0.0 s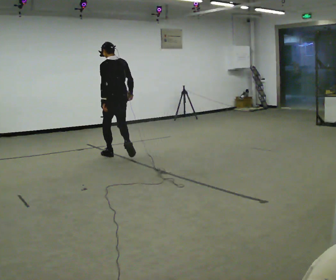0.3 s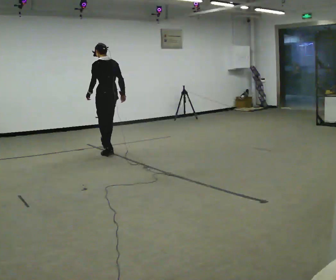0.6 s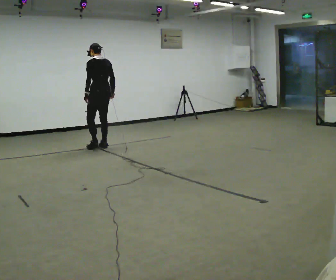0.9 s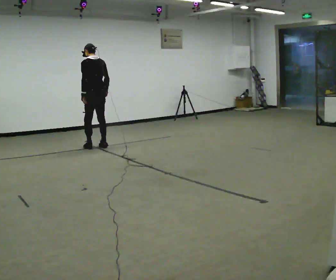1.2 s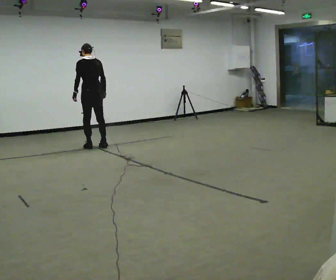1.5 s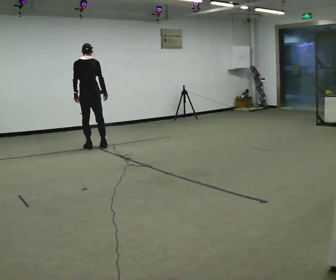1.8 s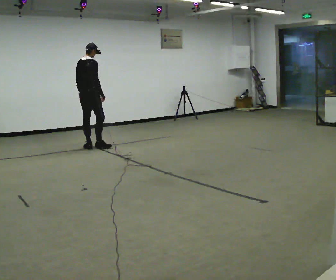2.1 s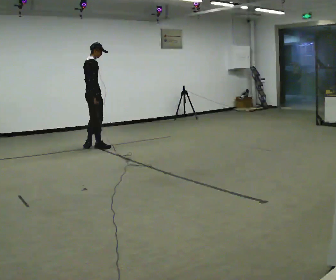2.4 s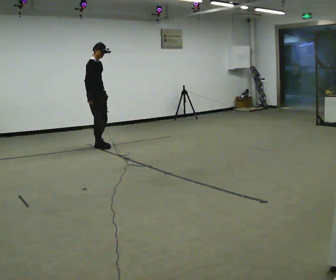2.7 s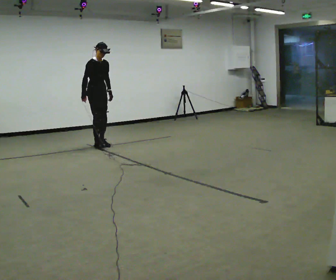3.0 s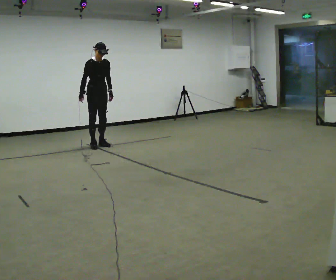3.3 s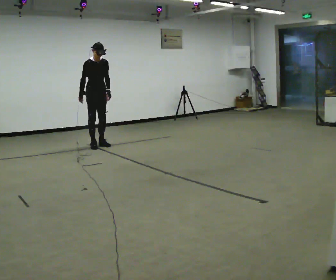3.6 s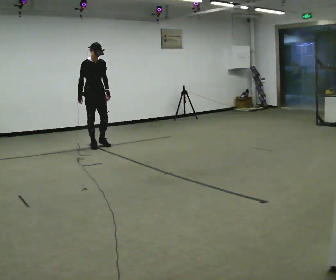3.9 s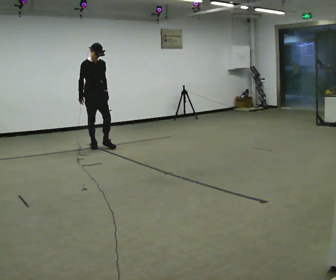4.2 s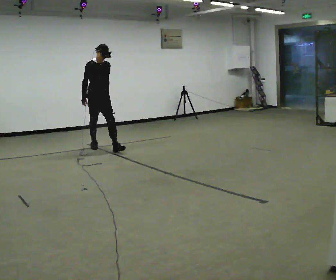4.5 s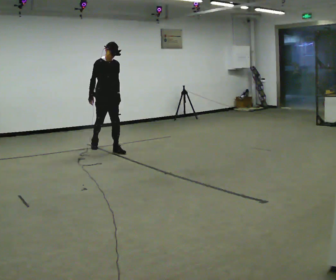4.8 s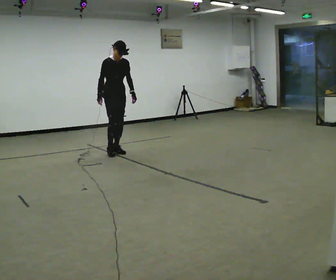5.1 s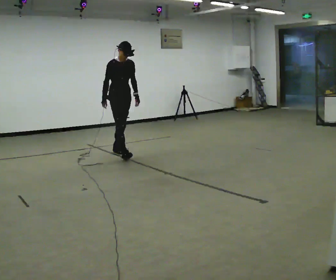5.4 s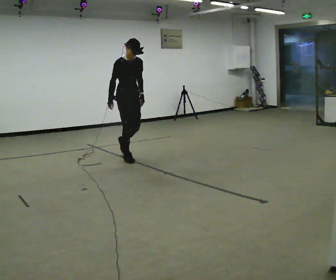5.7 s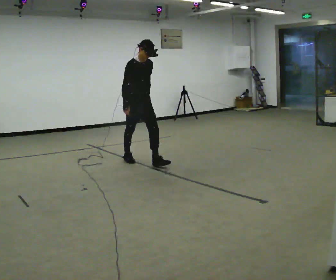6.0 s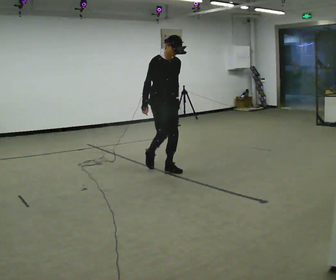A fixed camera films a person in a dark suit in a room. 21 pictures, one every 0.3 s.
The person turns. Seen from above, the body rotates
clockwise.
The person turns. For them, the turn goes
to their right.
0.0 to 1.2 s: In the picture they go away from the camera and to the left, about 1 m in 2 steps, which for them is forward.
1.2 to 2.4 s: The part of the body nearest the lens slides to the left as the person turns to their right by about 135 degrees.
2.4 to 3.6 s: The person turns about 30 degrees to their right, clockwise seen from above, so the part of the body nearest the lens slides to the left.
3.6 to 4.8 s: In the picture they go toward the camera and to the right, about 0.5 m in 1 step, which for them is forward.
4.8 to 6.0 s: In the picture they go toward the camera and to the right, about 1.5 m in 2 steps, which for them is forward.
The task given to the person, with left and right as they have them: Start still; gradually go slow → normal → fast; briefly maintain fast speed; stop.
The film runs forward here.
